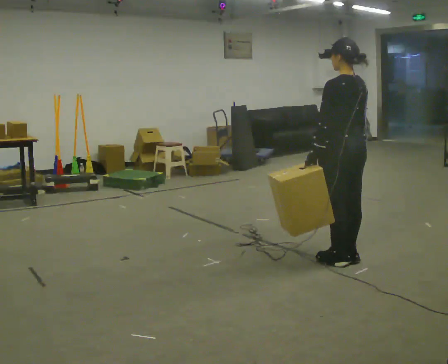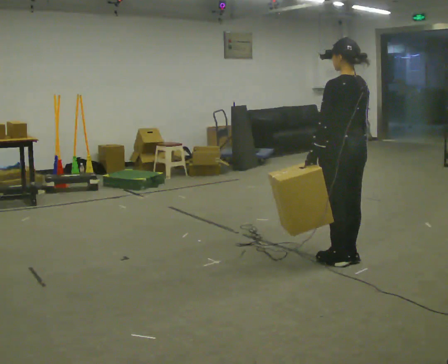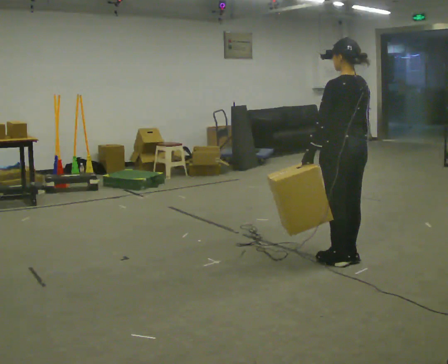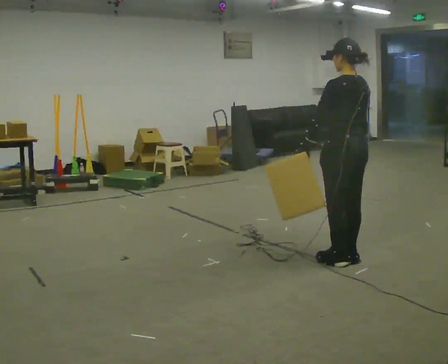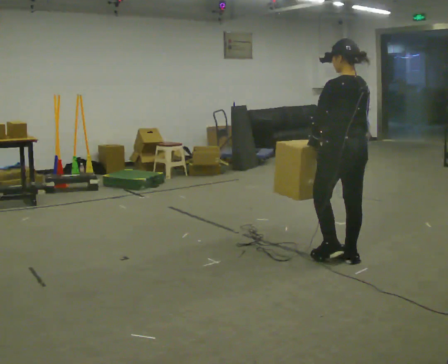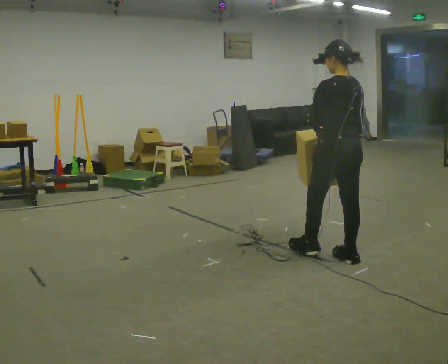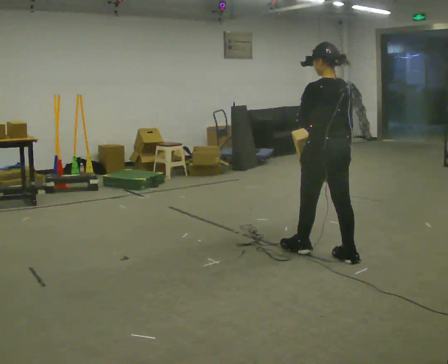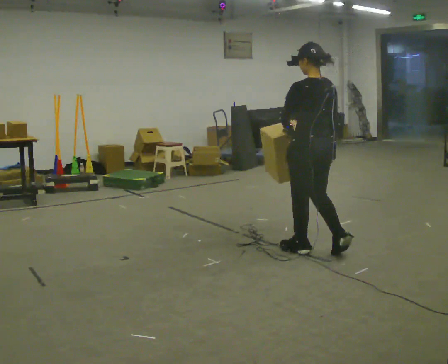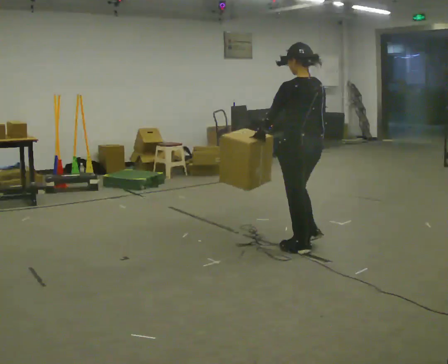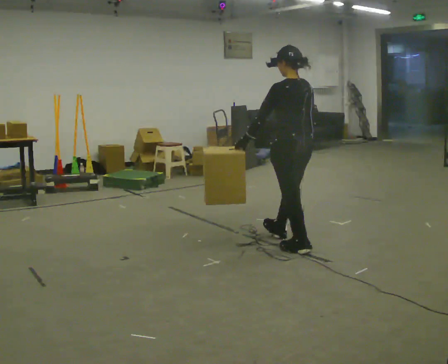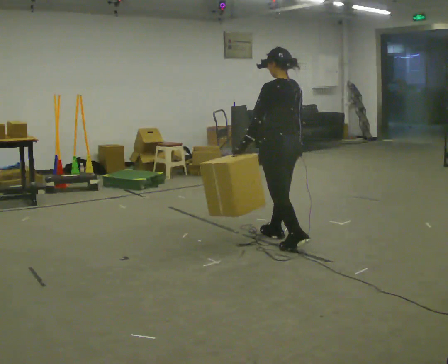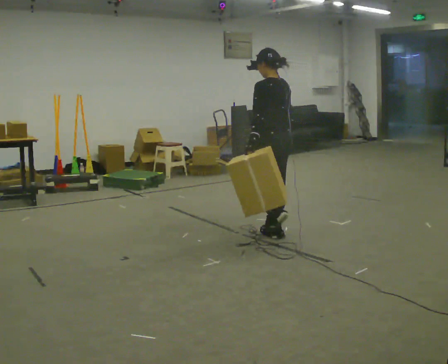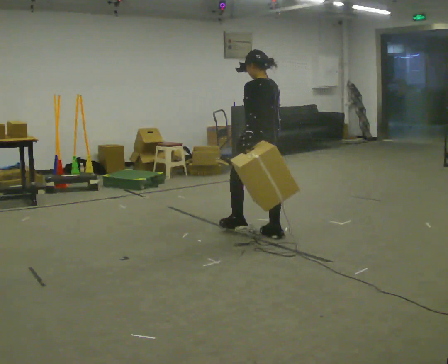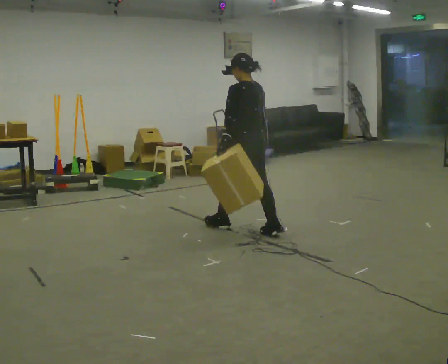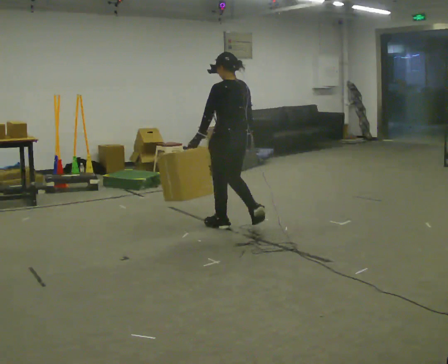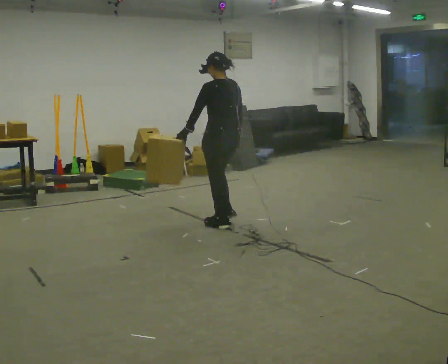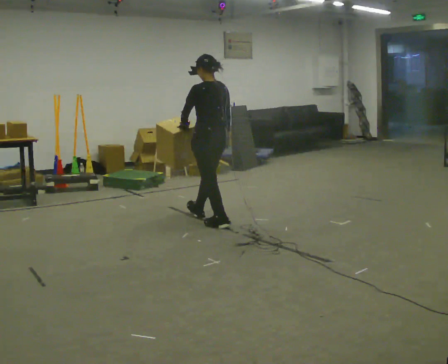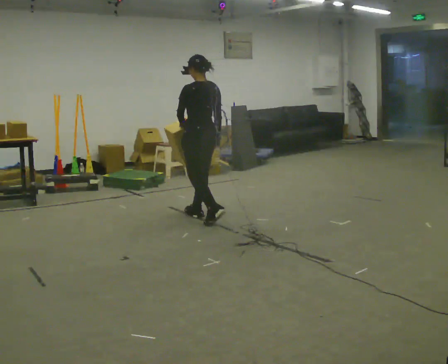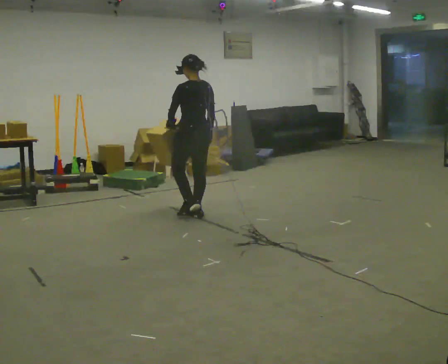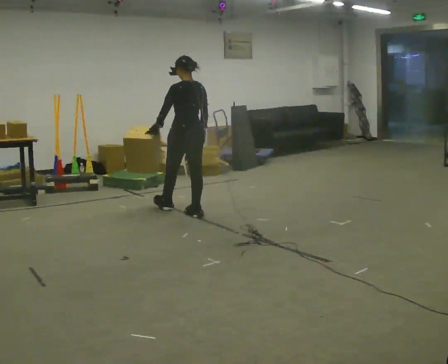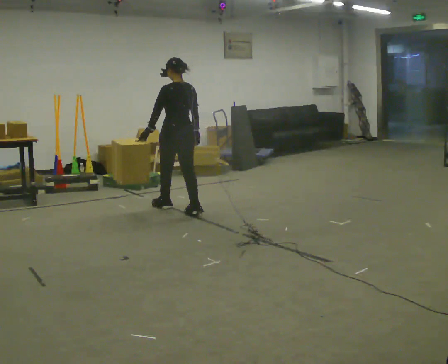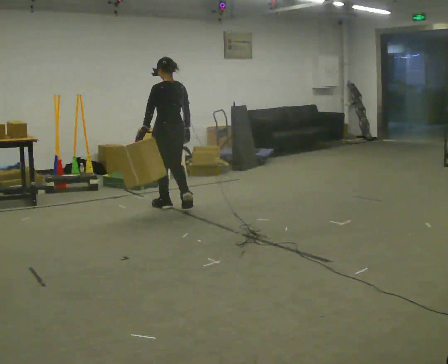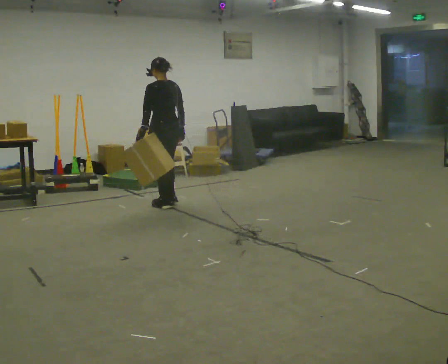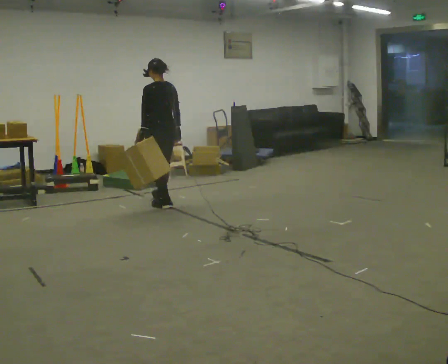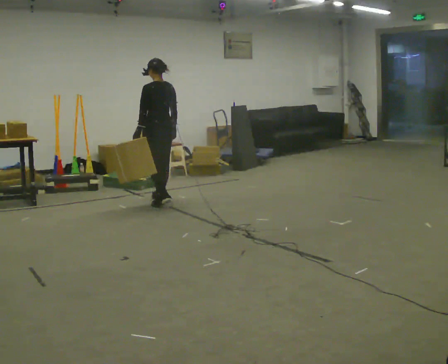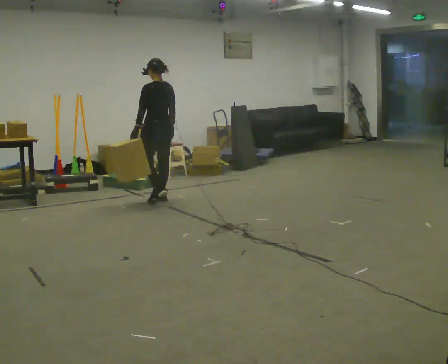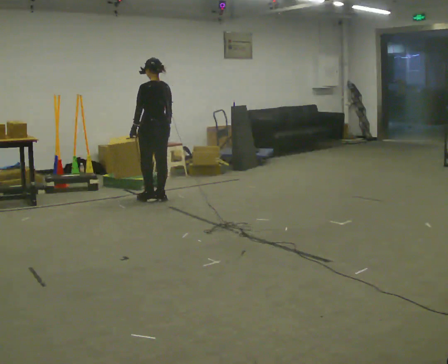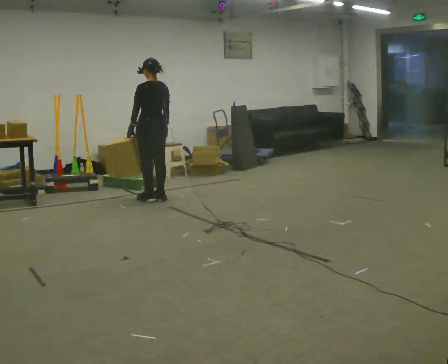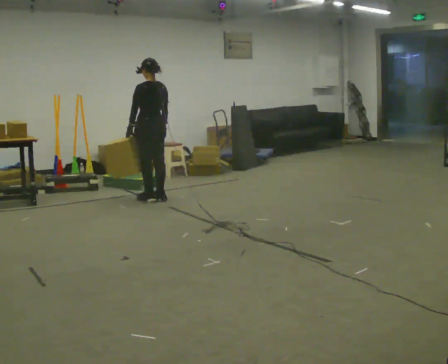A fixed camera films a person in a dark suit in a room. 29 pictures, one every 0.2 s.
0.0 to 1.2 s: The person moves a little, or ends about where they began.
1.2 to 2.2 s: In the picture they go away from the camera and to the left, about 0.75 m in 1 step, which for them is forward.
2.2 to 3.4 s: In the picture they go to the left and away from the camera, about 1 m in 2 steps, which for them is forward.
3.4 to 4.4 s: In the picture they go away from the camera and to the left, about 0.5 m in 1 step, which for them is forward.
4.4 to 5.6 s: In the picture they go away from the camera and to the left, about 0.5 m in 2 steps, which for them is forward.
The film runs forward here.
